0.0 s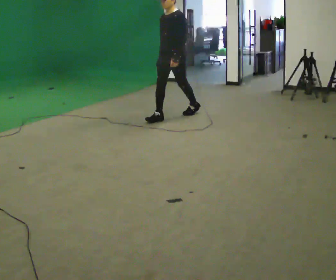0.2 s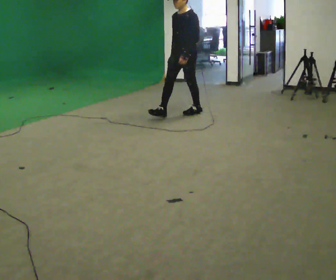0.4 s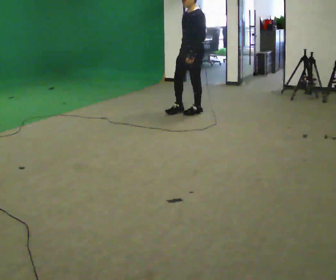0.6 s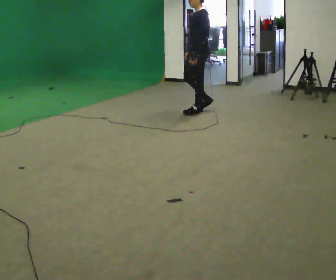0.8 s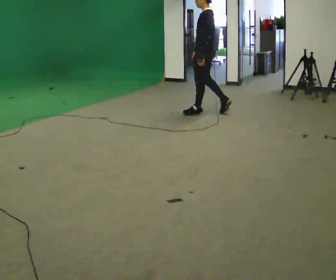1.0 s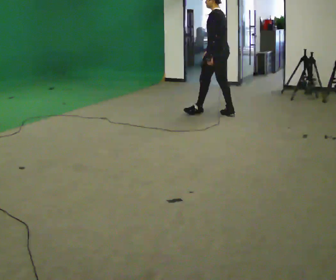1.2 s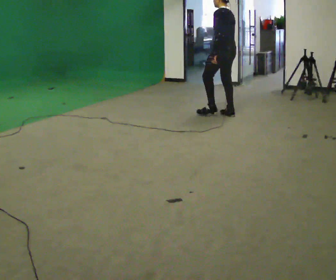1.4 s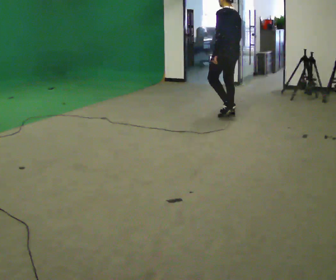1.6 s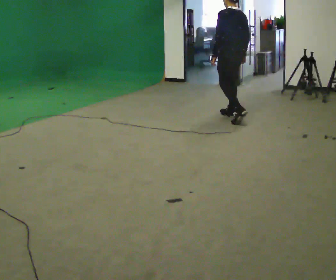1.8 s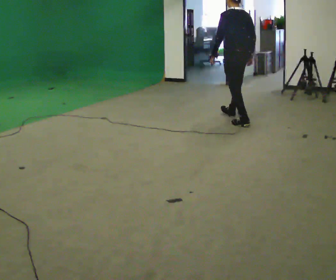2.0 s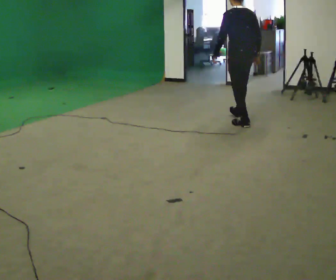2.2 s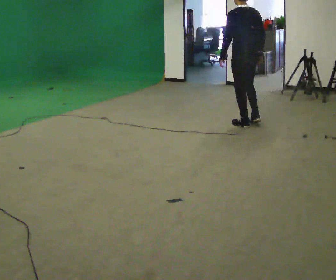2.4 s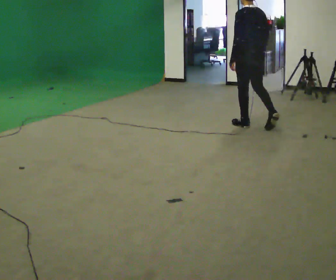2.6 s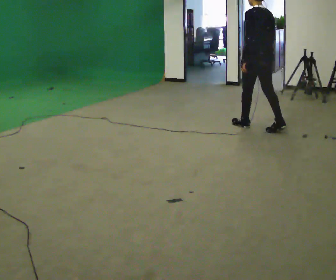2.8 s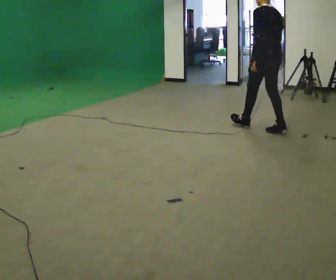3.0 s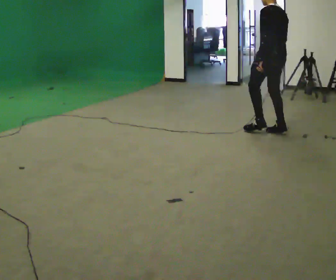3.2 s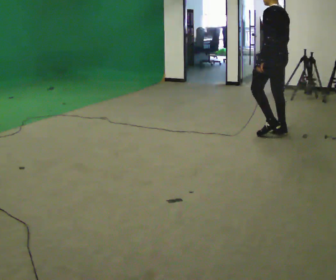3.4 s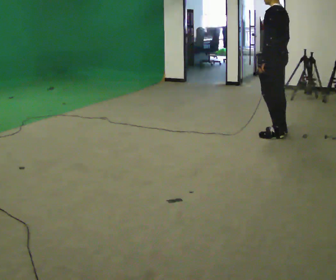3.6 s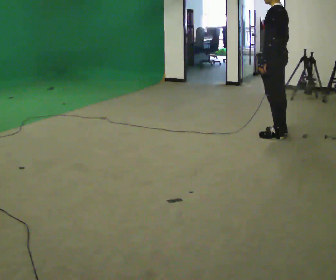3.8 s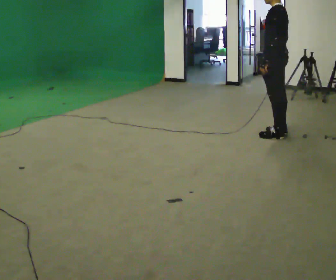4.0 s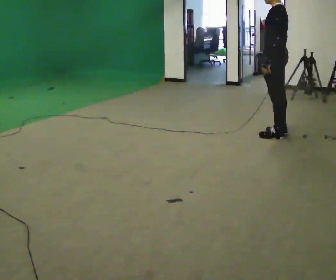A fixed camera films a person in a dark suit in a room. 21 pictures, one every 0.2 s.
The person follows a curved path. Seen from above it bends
clockwise.
The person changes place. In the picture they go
to the right.
0.0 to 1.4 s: Seen from above the body turns clockwise, about 90 degrees: to their right, with its near side sliding to the left. In the picture they go to the right, about 0.5 m in 2 steps.
1.4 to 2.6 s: In the picture they go toward the camera and to the right, about 0.75 m in 1 step, which for them is backward.
2.6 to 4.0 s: The part of the body nearest the lens slides to the right as the person turns to their left by about 30 degrees. In the picture they go toward the camera and to the right, about 0.25 m in 1 step, which for them is backward.
The film runs backward here.
